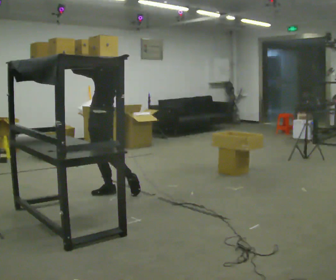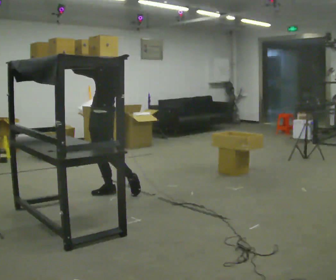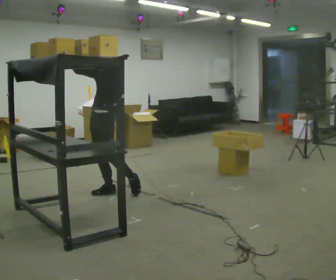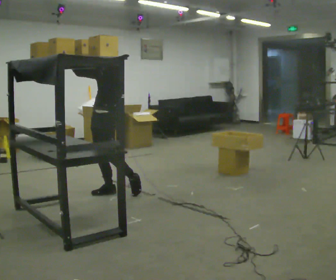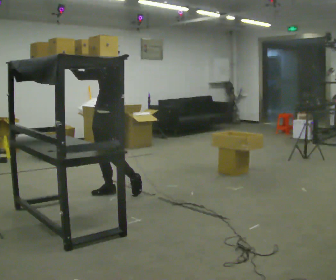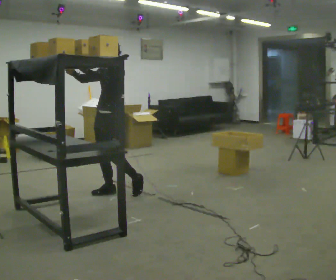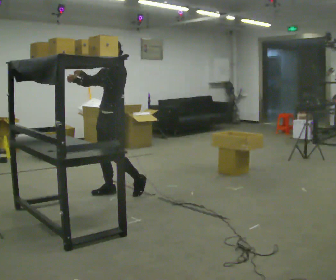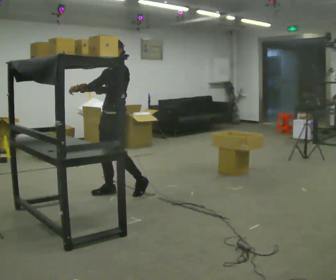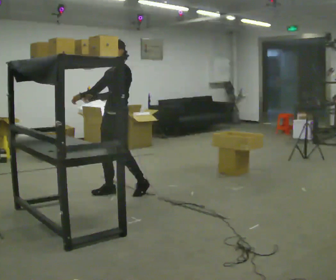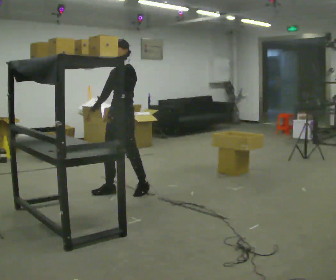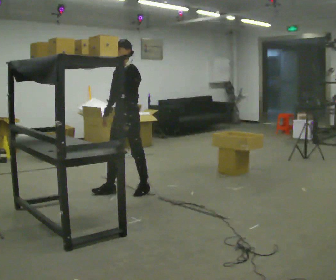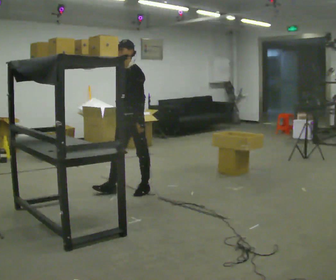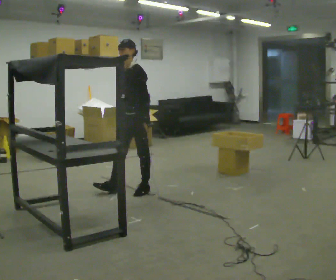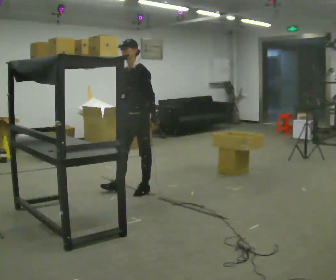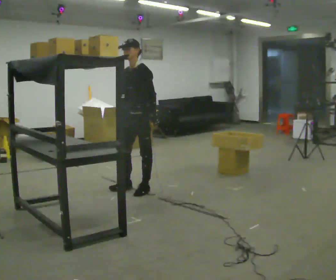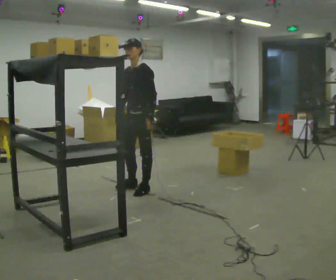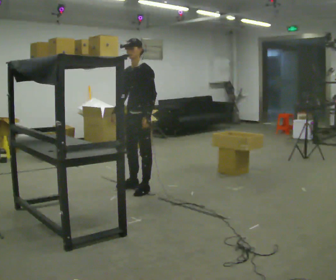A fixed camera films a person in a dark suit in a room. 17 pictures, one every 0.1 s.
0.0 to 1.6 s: In the picture they go to the right, about 0.5 m in 1 step, which for them is backward and to their left. In the picture their left hand goes downward.
The film runs forward here.
